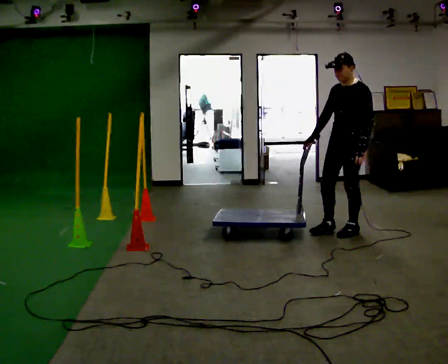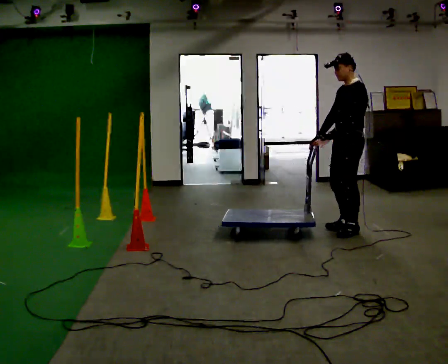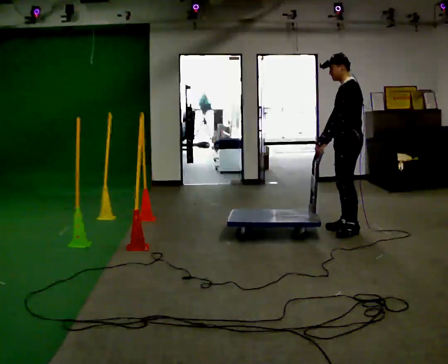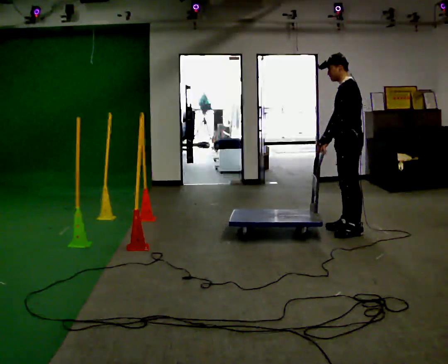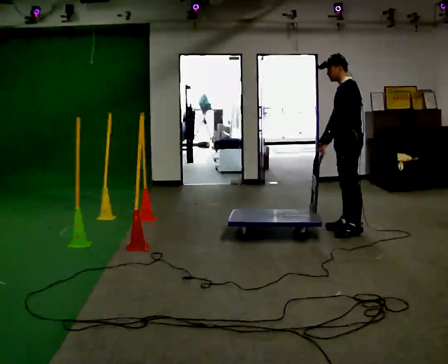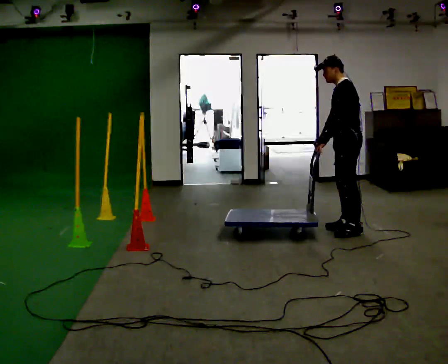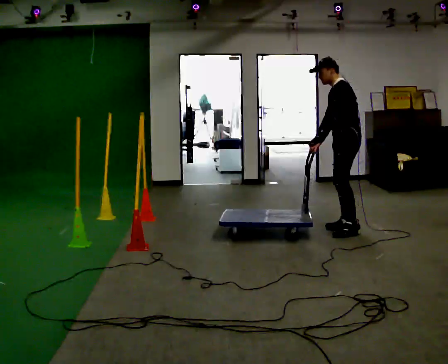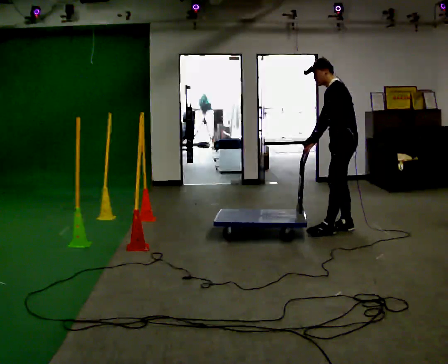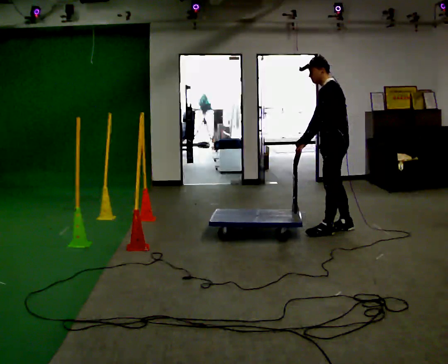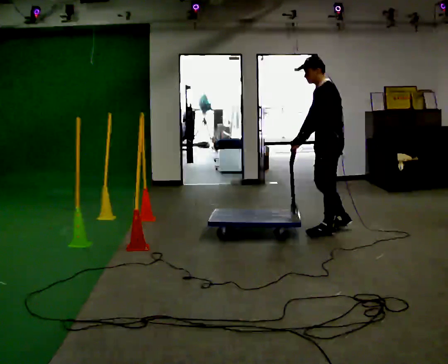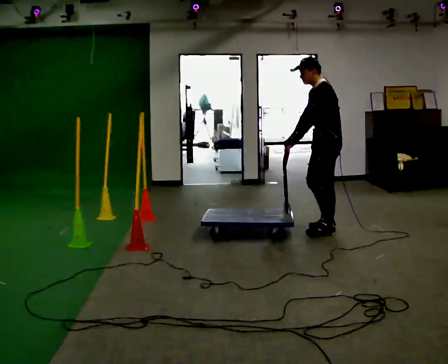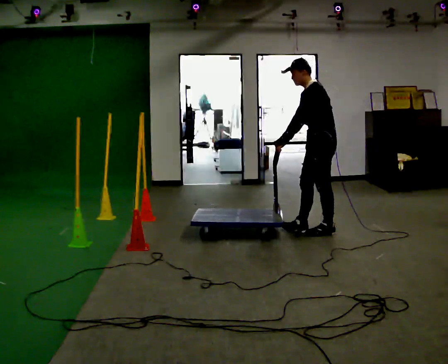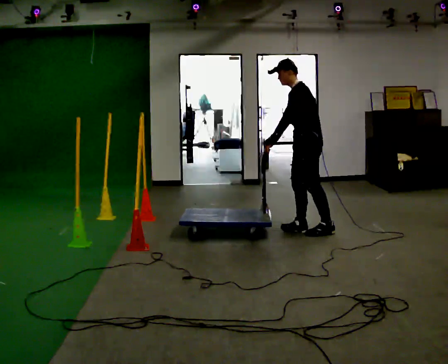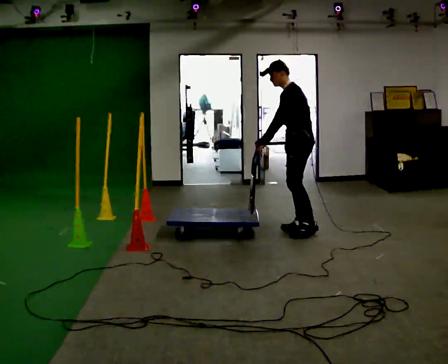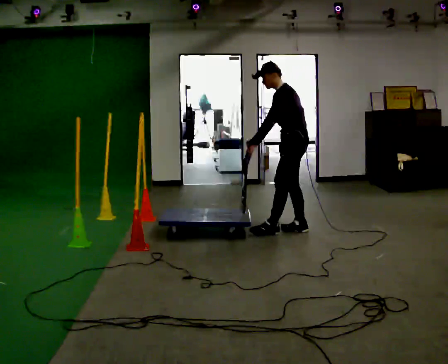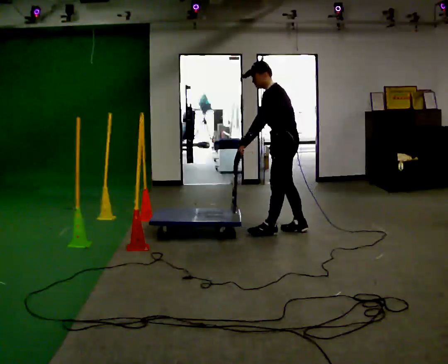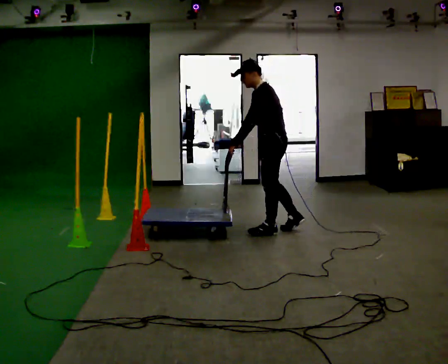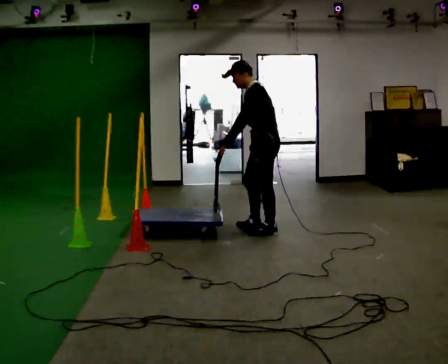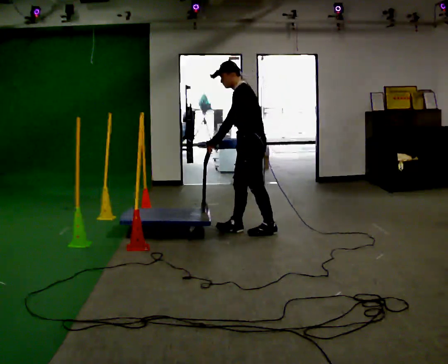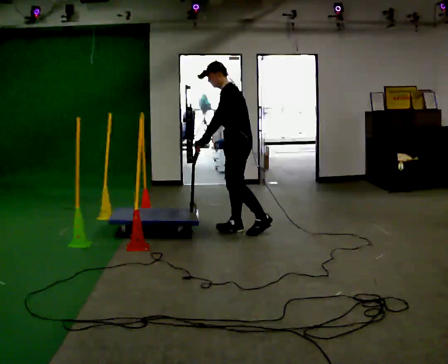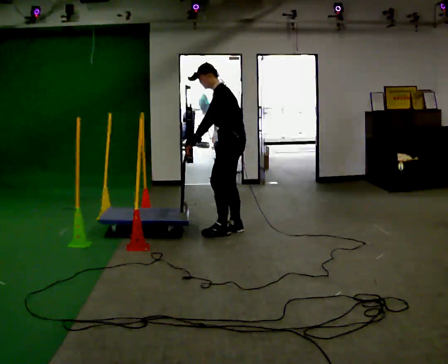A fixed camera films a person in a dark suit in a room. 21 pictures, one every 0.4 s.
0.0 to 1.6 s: Seen from above the body turns clockwise, about 30 degrees: to their right, with its near side sliding to the left. In the picture their left hand goes to the left.
1.6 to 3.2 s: The person moves a little, or ends about where they began.
3.2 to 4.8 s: In the picture they go to the left, about 0.25 m in 1 step, which for them is forward.
4.8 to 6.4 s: In the picture they go to the left, about 0.25 m in 1 step, which for them is forward.
6.4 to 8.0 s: In the picture they go to the left, about 0.5 m in 1 step, which for them is forward.
The film runs forward here.
